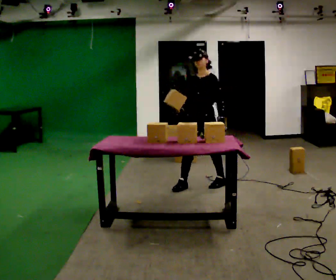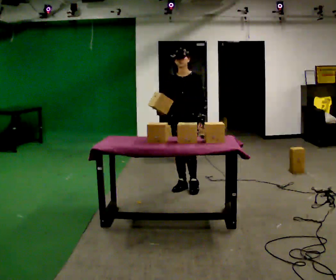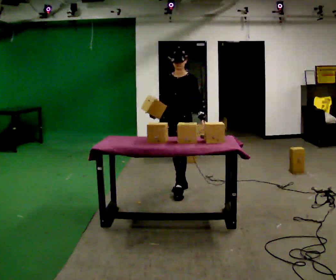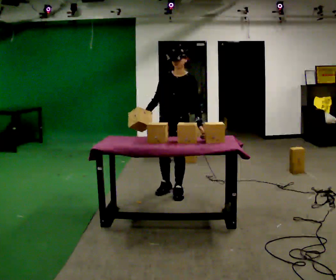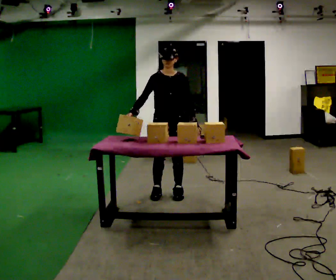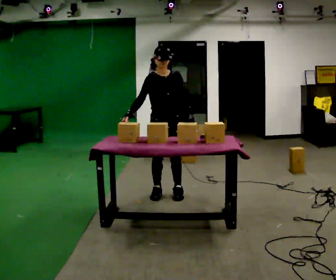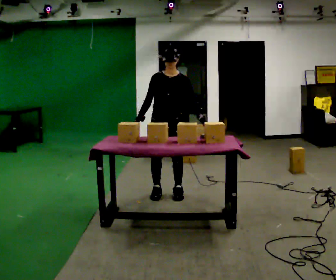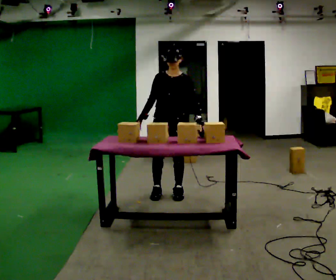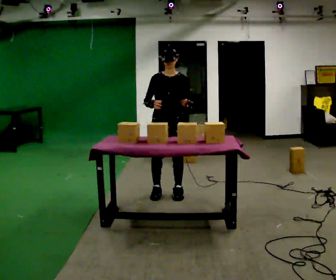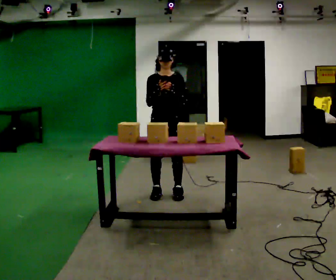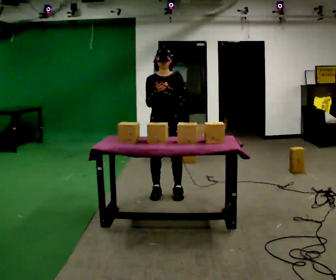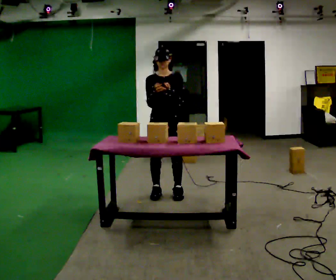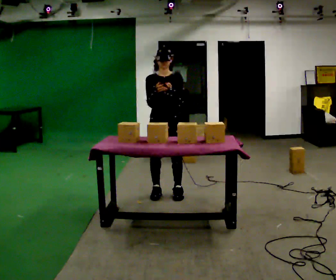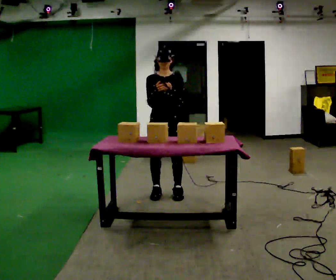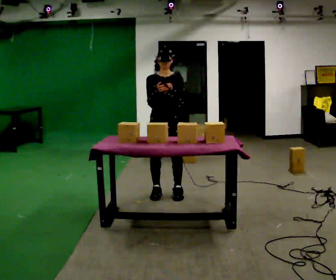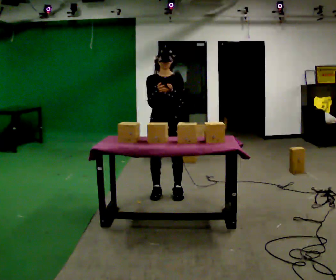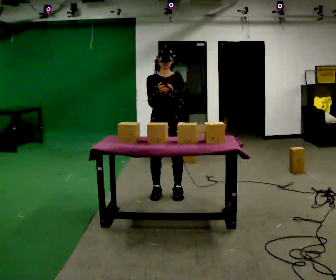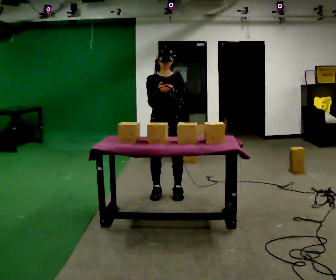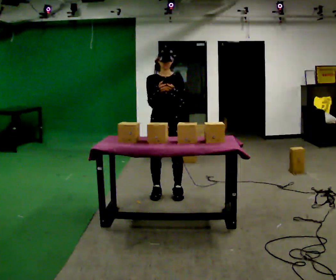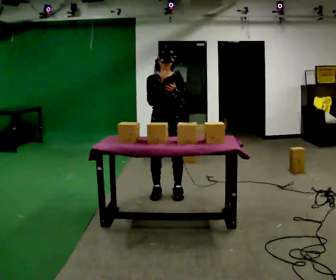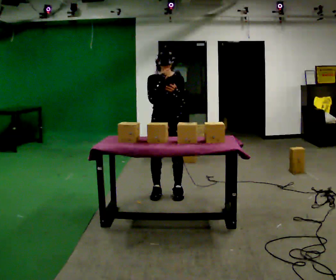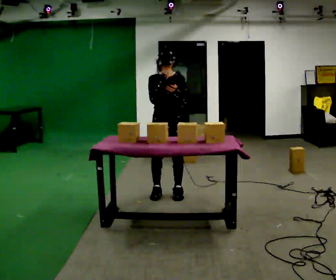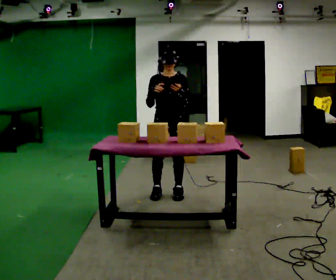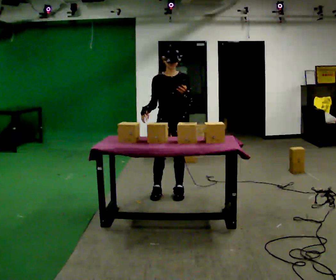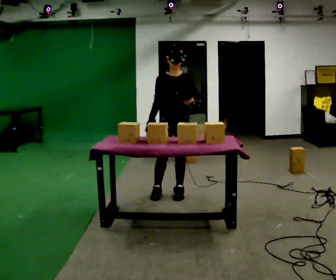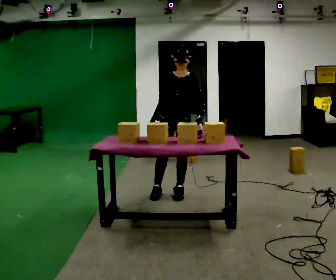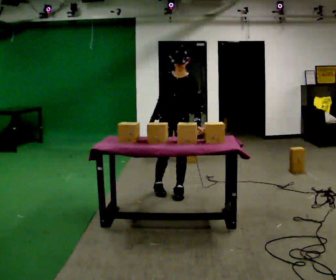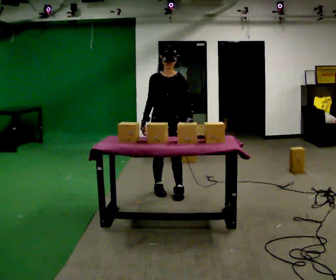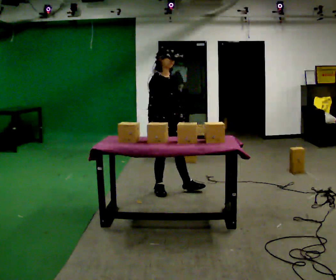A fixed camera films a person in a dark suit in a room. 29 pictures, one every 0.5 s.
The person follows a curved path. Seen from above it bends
clockwise.
0.0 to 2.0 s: The person turns about 45 degrees to their left, counterclockwise seen from above, so the part of the body nearest the lens slides to the right. In the picture they go to the left and toward the camera, about 0.5 m in 2 steps, which for them is forward and to their right.
2.0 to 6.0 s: In the picture their left hand goes upward.
6.0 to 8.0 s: The person keeps their place and pose.
8.0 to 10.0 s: The person moves a little, or ends about where they began.
10.0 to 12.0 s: In the picture their right hand goes downward.
12.0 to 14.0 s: The person turns about 45 degrees to their left, counterclockwise seen from above, so the part of the body nearest the lens slides to the right. In the picture they go to the left, about 0.25 m.
The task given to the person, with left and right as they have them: 1. Look at the photo the operator gives you. 2. Put the room back the way it looks in the photo. 3. Tell the operator when you are finished.
The film runs forward here.
